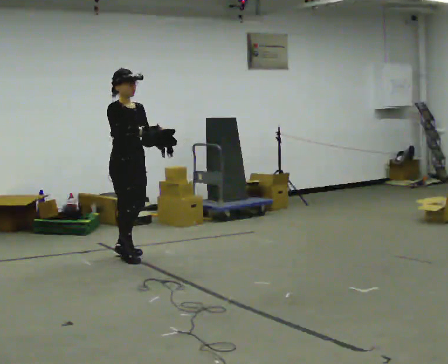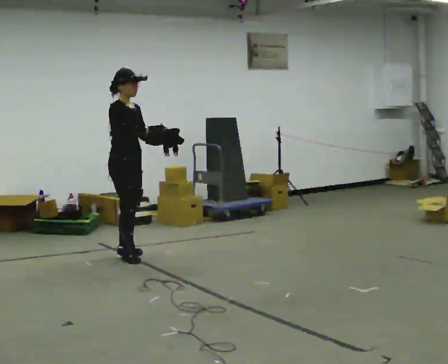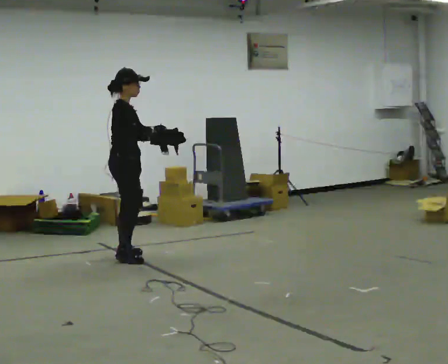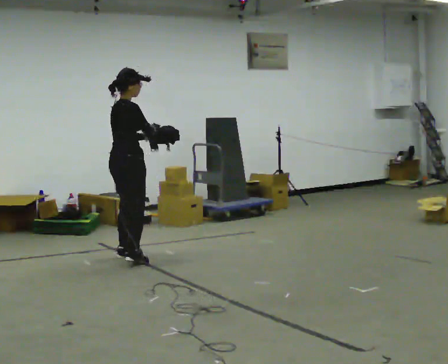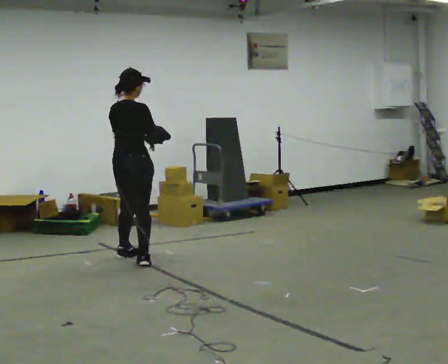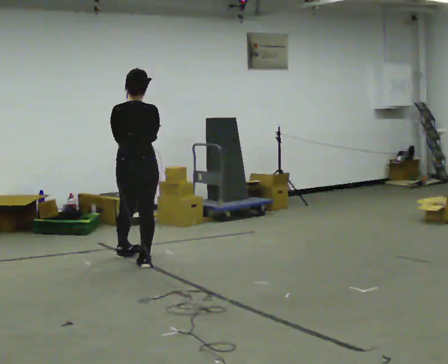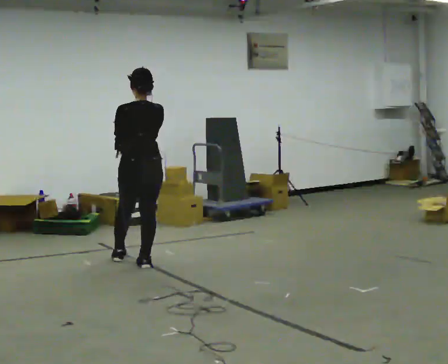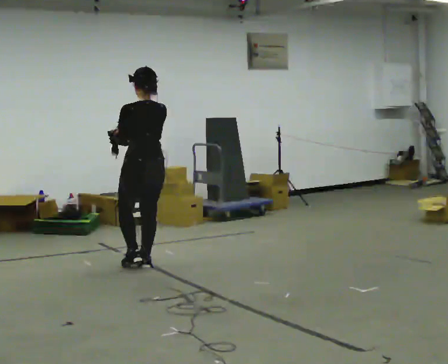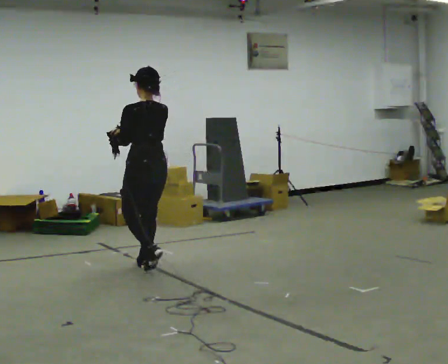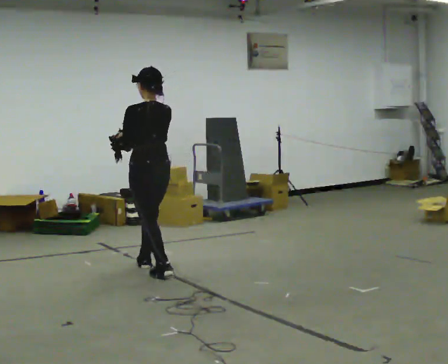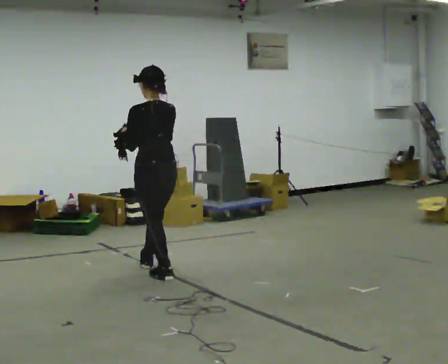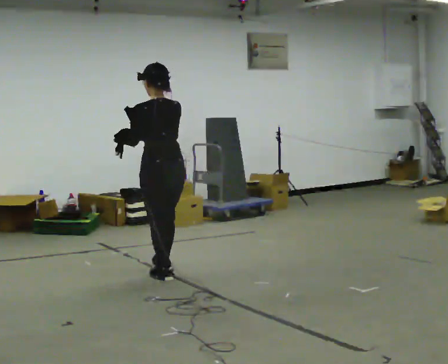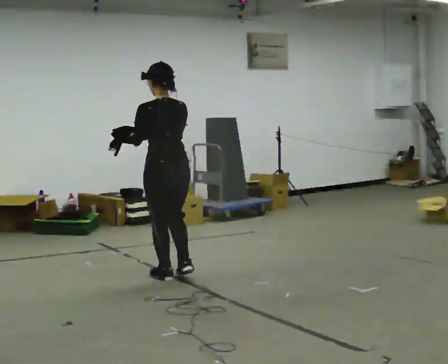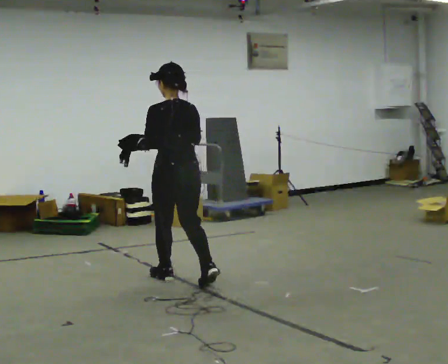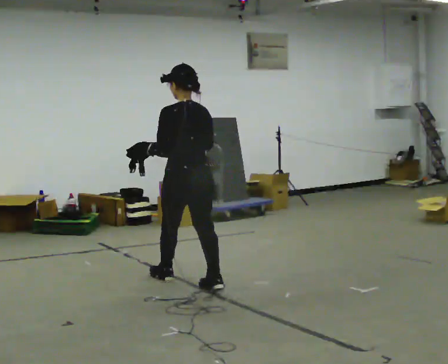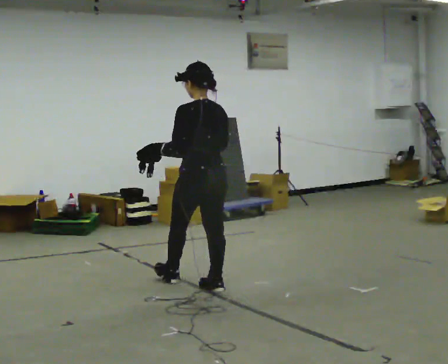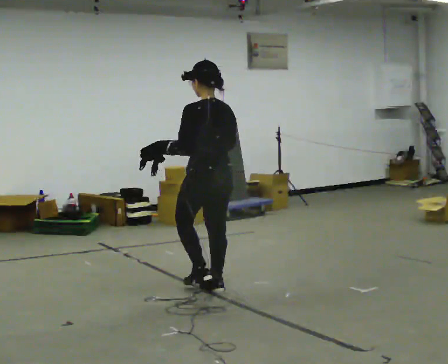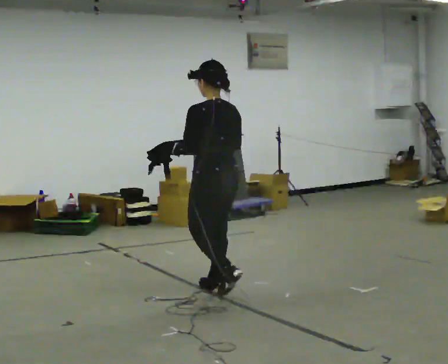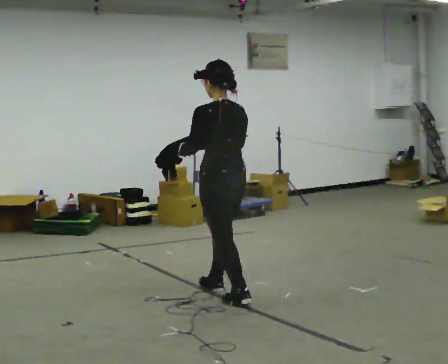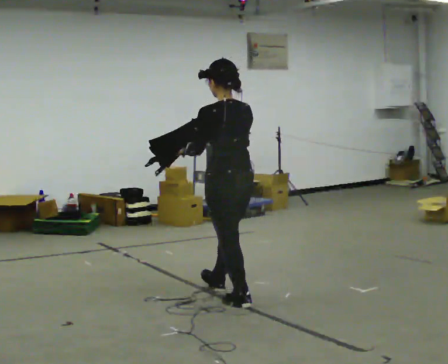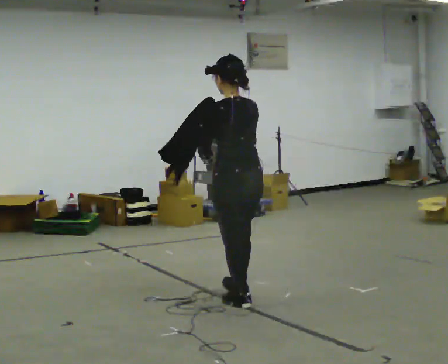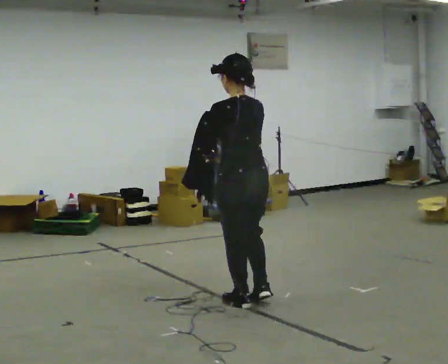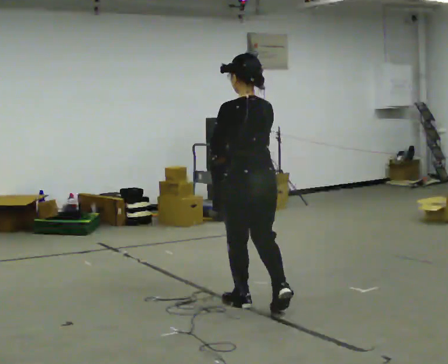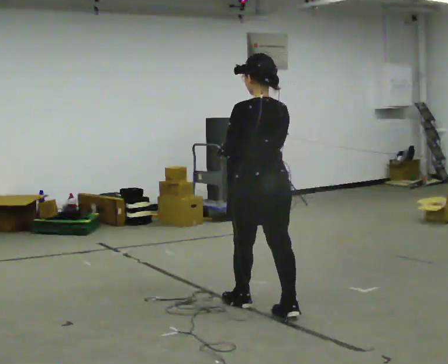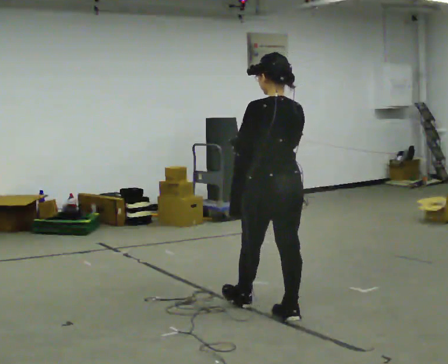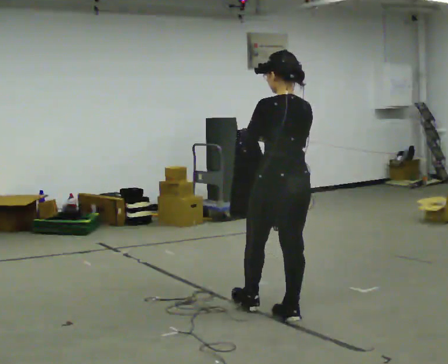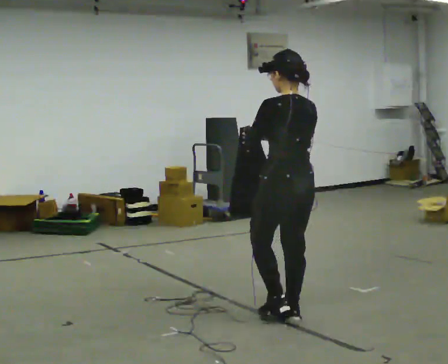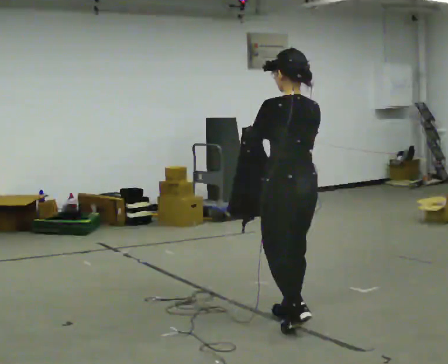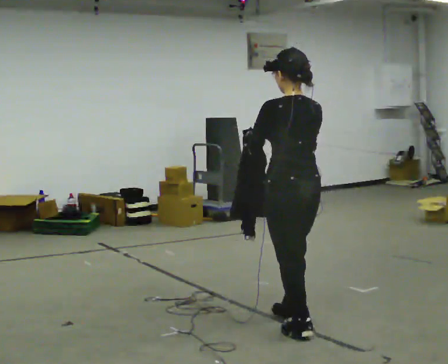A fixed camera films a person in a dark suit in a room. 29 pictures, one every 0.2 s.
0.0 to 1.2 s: The part of the body nearest the lens slides to the right as the person turns to their left by about 135 degrees. In the picture they go toward the camera and to the right, about 0.25 m in 2 steps.
1.2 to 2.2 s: In the picture they go toward the camera and to the right, about 0.5 m in 1 step, which for them is backward.
2.2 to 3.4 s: In the picture they go to the right and toward the camera, about 0.5 m in 1 step, which for them is backward.
3.4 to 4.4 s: In the picture they go toward the camera and to the right, about 0.5 m in 1 step, which for them is backward.
4.4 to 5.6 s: In the picture they go toward the camera and to the right, about 0.5 m in 1 step, which for them is backward.
The film runs backward here.
